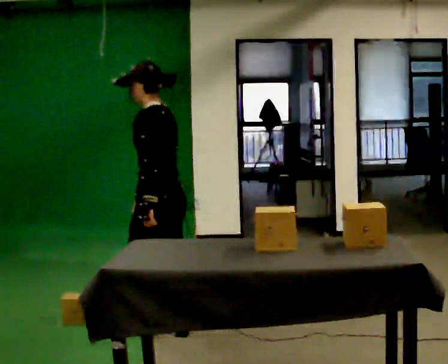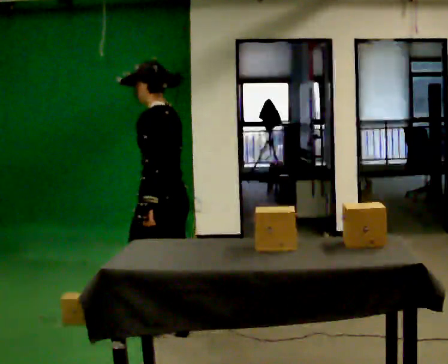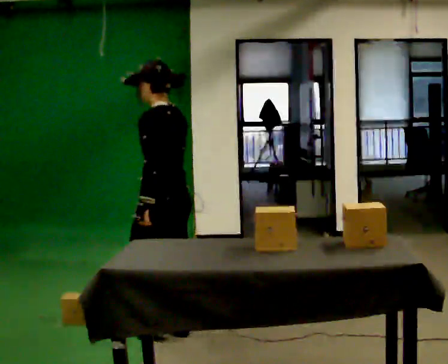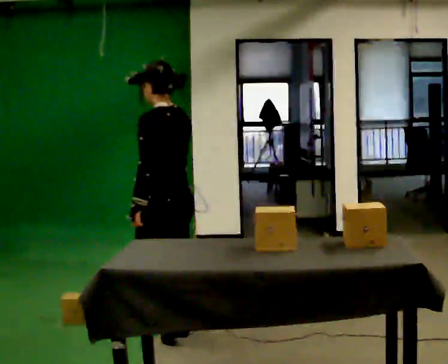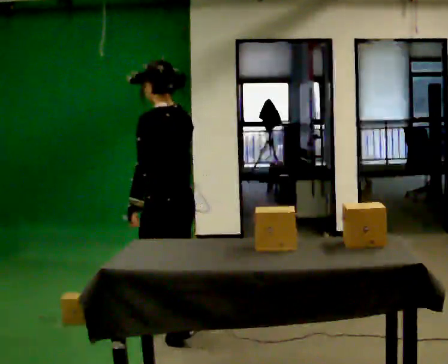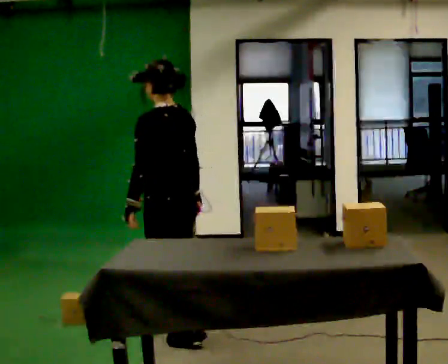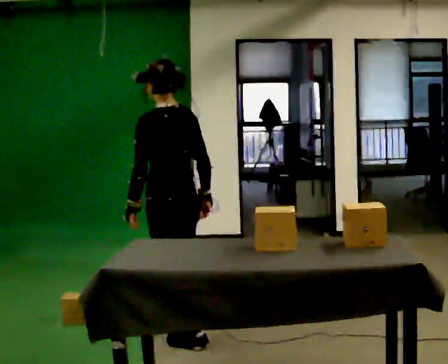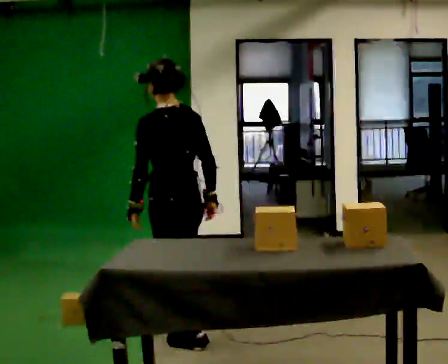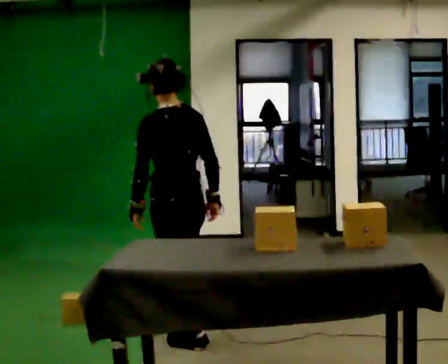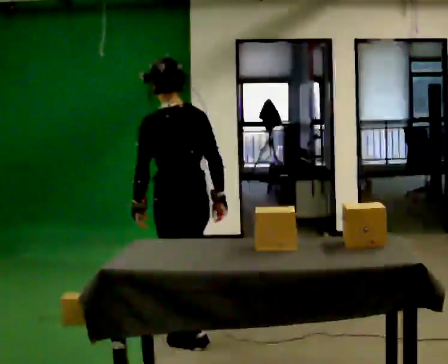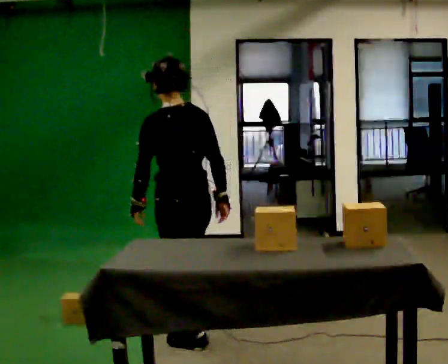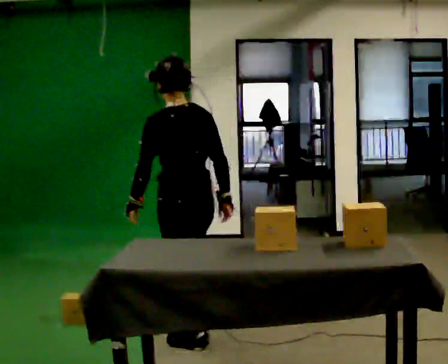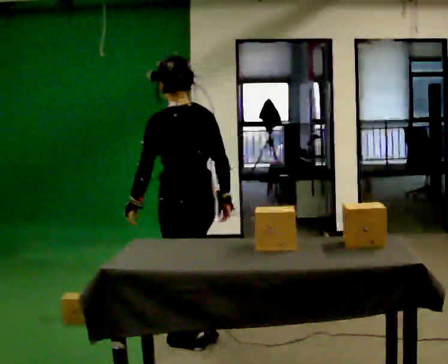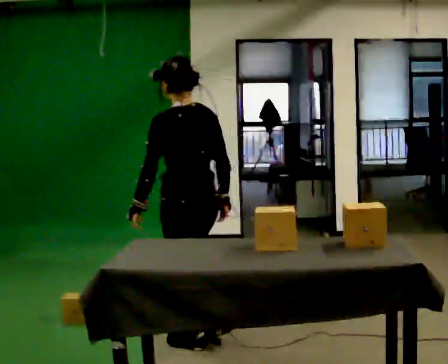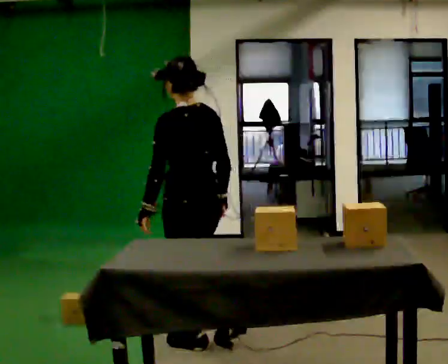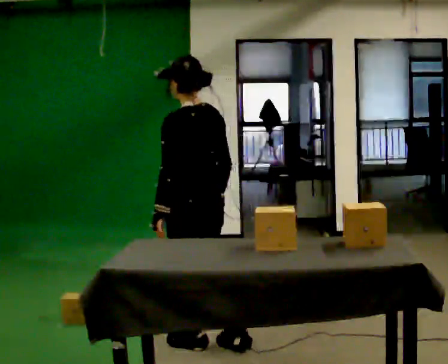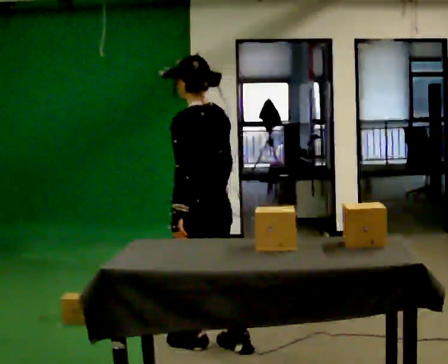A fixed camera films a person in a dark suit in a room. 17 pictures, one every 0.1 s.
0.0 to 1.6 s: In the picture they go toward the camera and to the right, about 0.5 m in 1 step, which for them is backward.
The film runs backward here.
